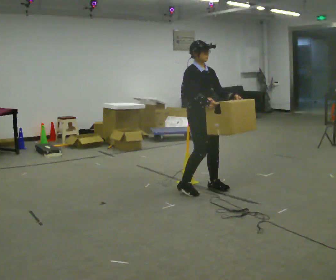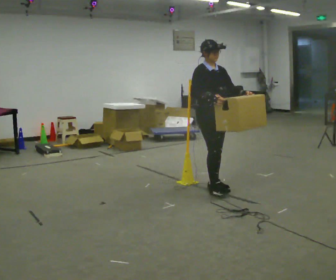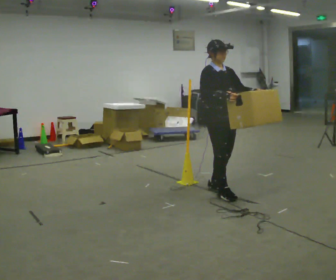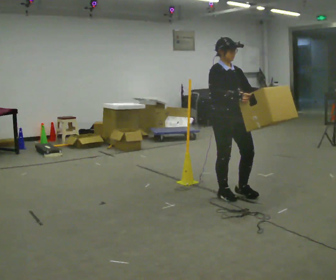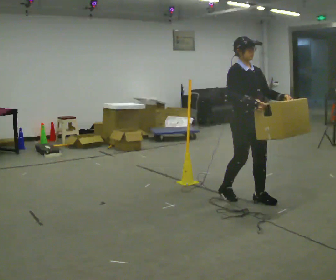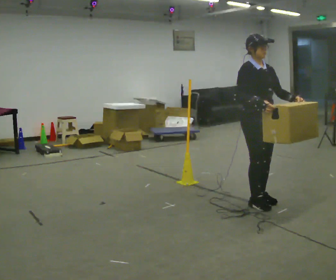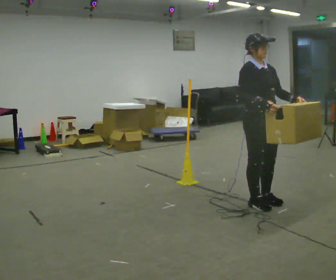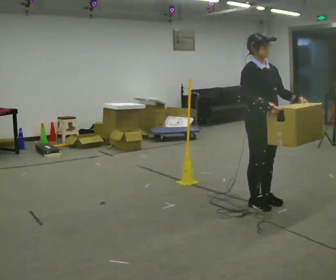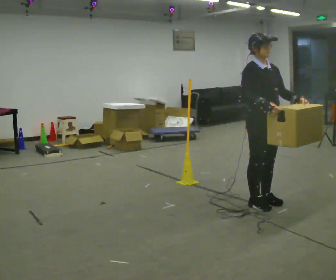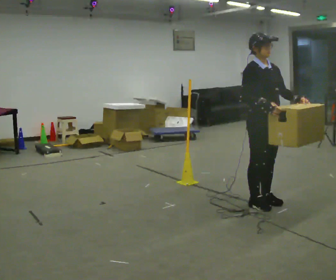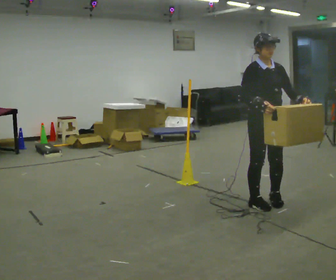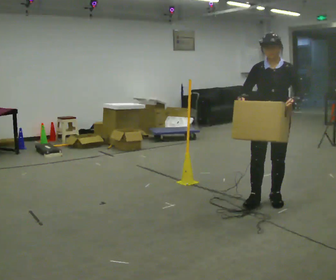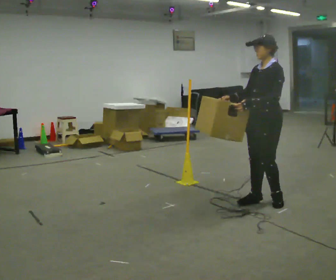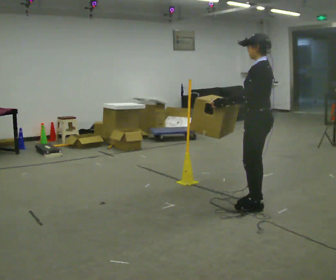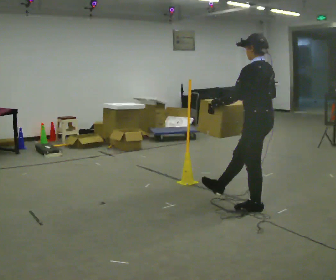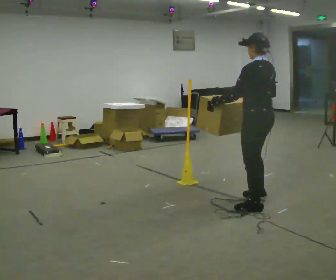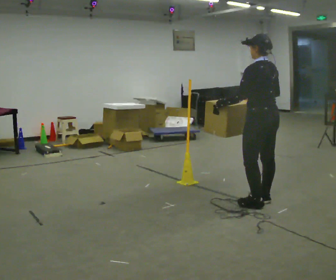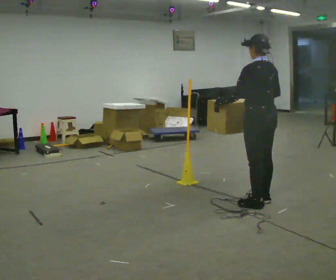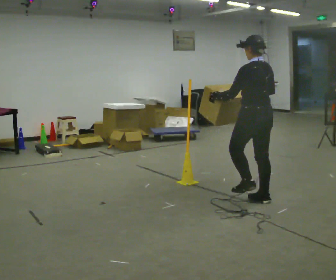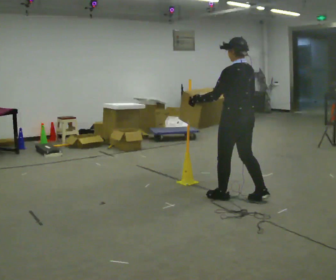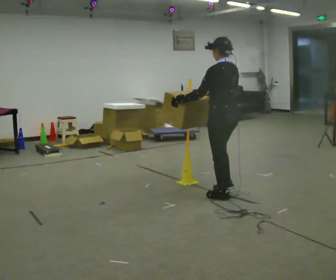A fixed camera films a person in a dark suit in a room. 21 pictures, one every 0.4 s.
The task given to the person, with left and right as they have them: Carry the box across the room. The operator will step into your path partway across, so go around them and carry on. Keep going until the operator says stop; one object at a time, and do not rush between trips.
0.0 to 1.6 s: In the picture they go to the right and toward the camera, about 0.5 m in 2 steps, which for them is forward.
1.6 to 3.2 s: In the picture they go toward the camera, about 0.25 m in 1 step, which for them is forward.
3.2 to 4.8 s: The part of the body nearest the lens slides to the left as the person turns to their right by about 105 degrees. In the picture their left hand goes to the left.
4.8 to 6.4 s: The part of the body nearest the lens slides to the left as the person turns to their right by about 75 degrees.
6.4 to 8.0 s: In the picture they go to the left and away from the camera, about 0.5 m in 1 step, which for them is forward.
The film runs forward here.
